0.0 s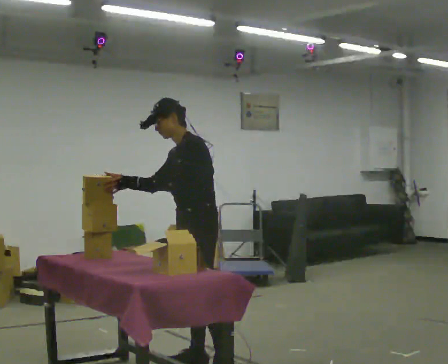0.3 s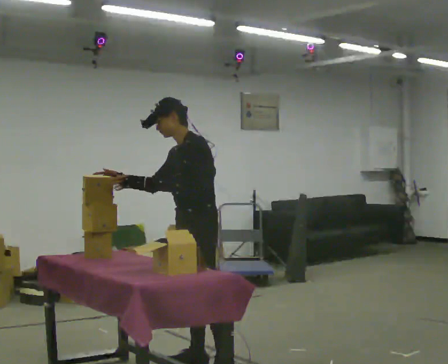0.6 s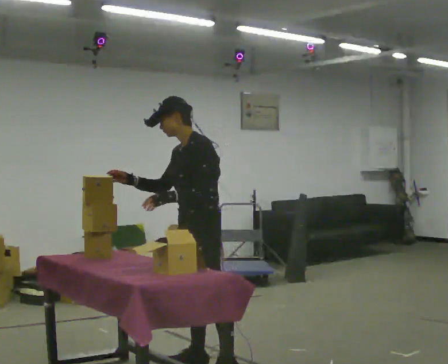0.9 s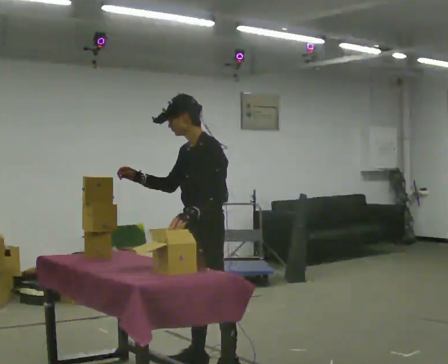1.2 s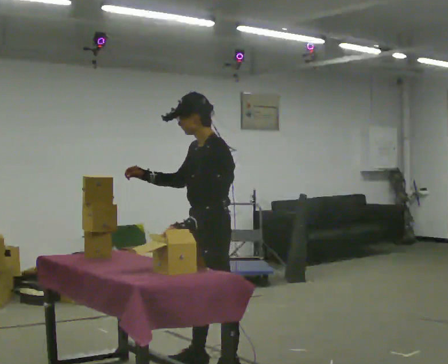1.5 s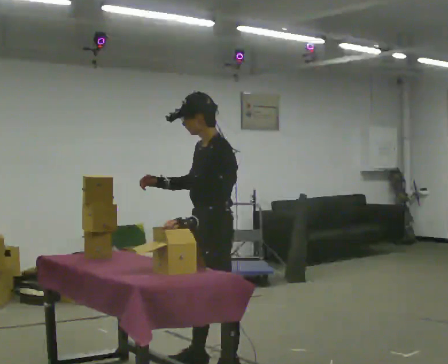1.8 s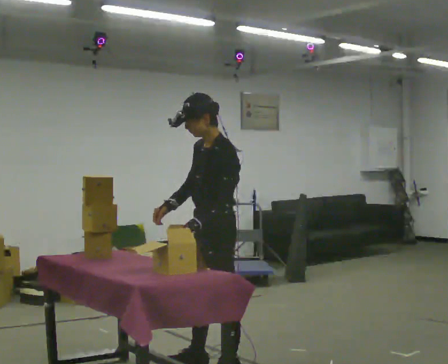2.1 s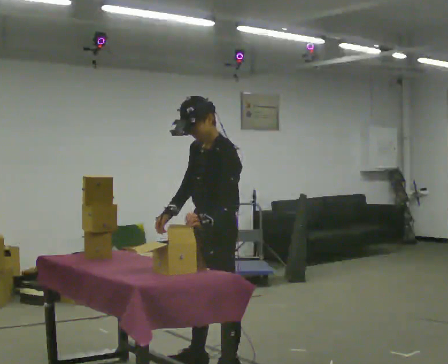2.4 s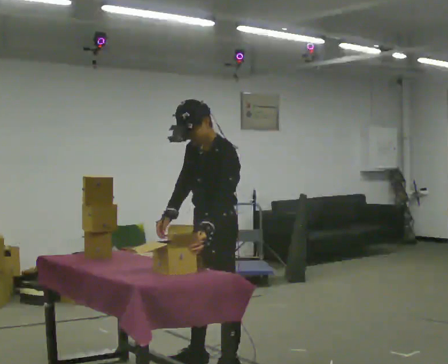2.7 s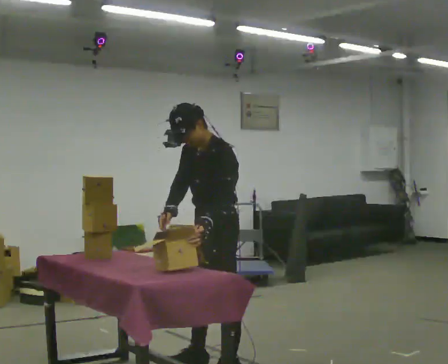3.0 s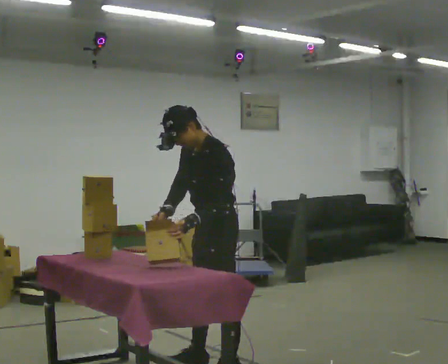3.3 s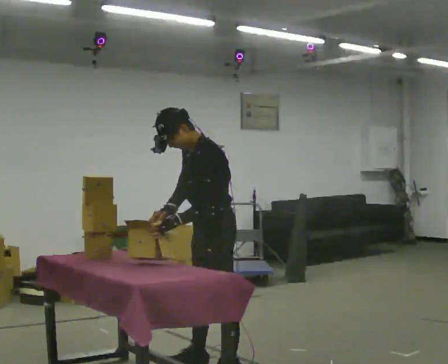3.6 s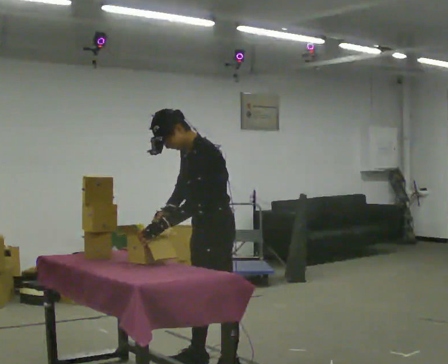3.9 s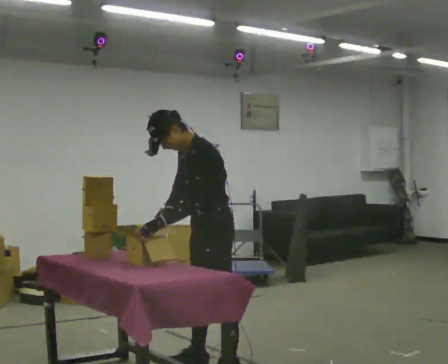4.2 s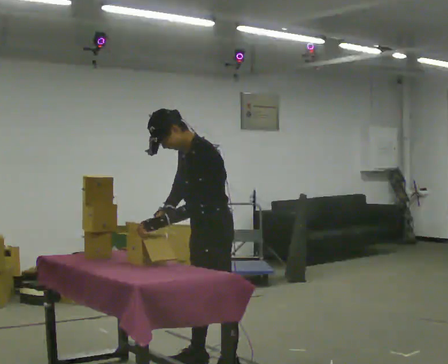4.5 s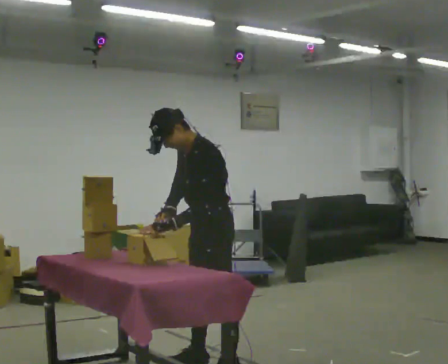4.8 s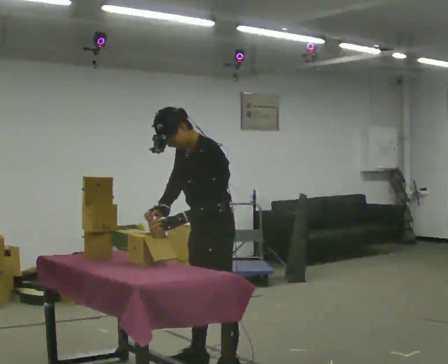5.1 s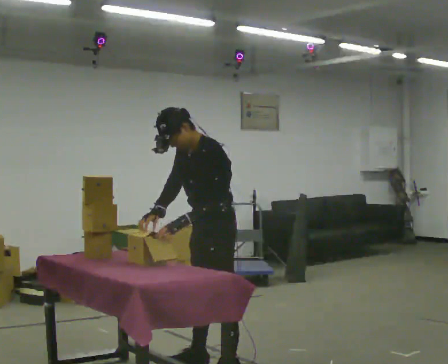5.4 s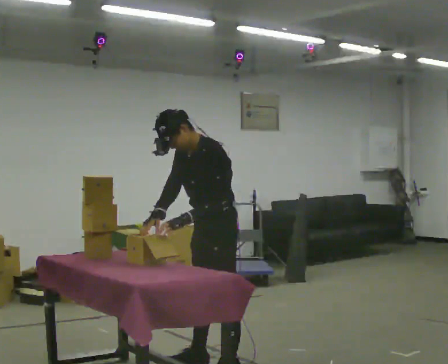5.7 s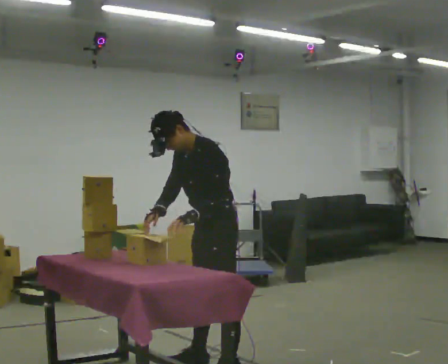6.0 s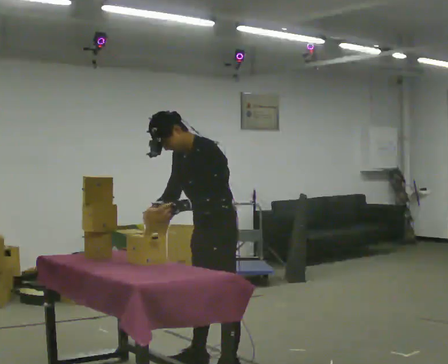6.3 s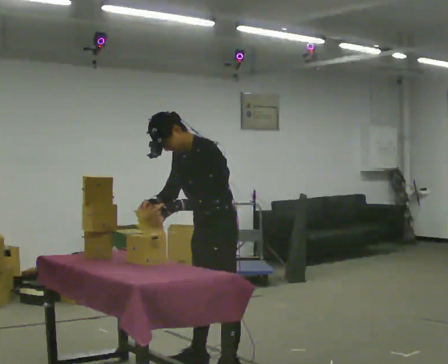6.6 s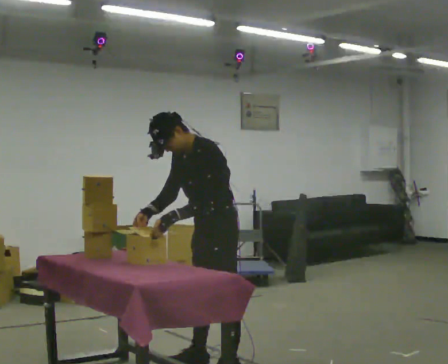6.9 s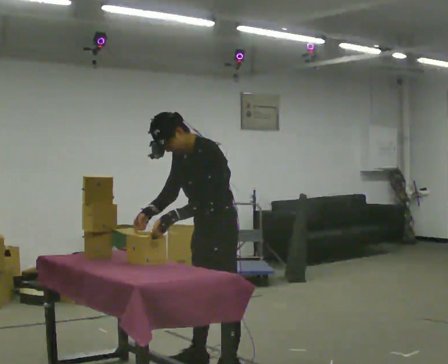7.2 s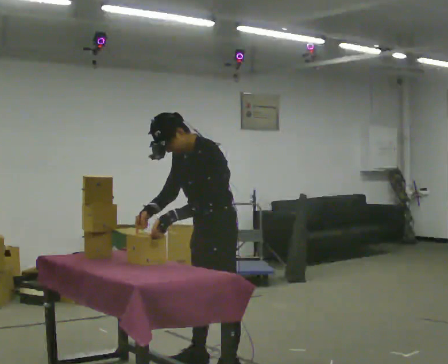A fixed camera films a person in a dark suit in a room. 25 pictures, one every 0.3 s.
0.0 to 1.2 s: In the picture their left hand goes to the right.
1.2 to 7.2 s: The person moves a little, or ends about where they began.
The film runs backward here.
